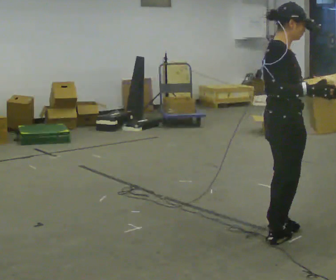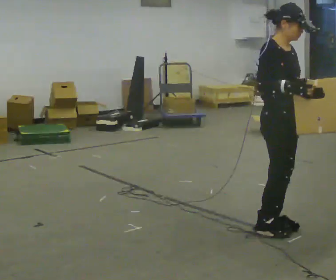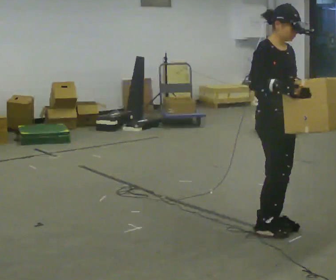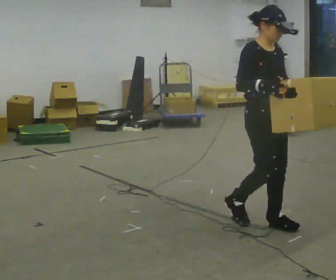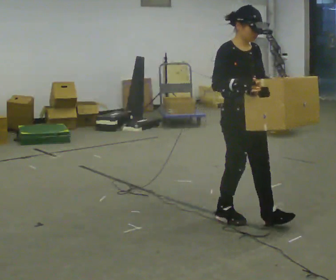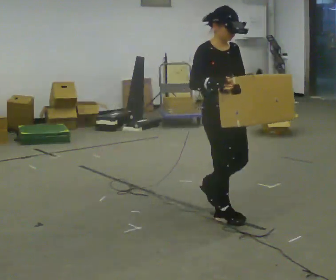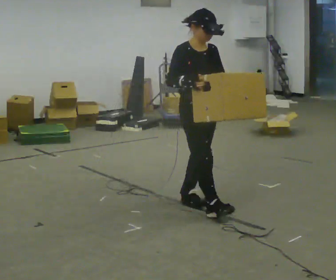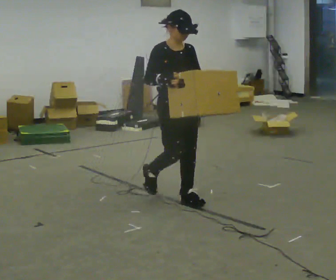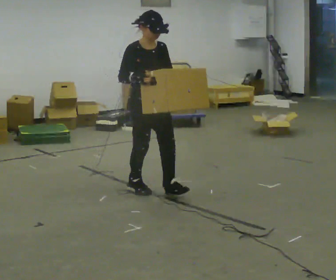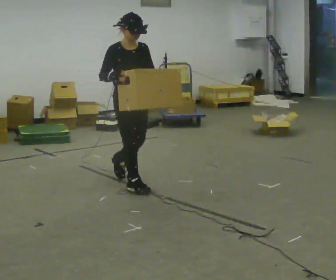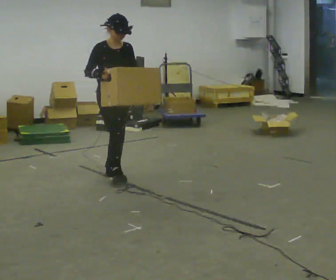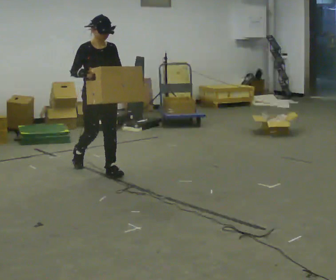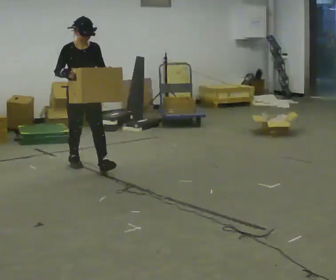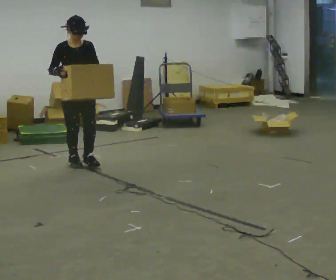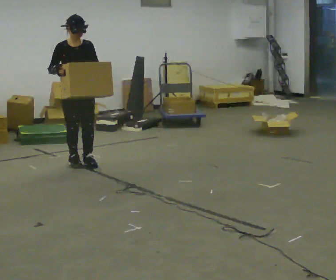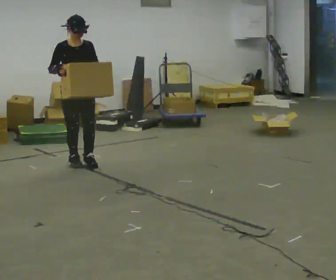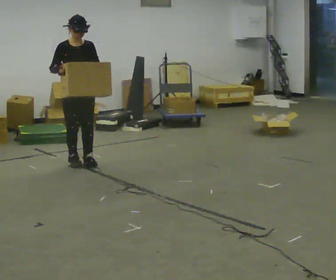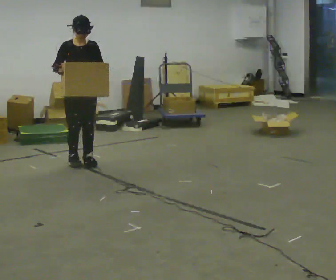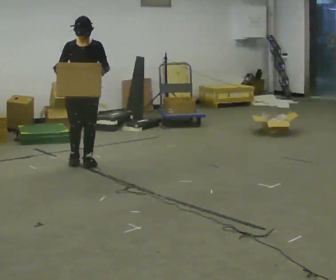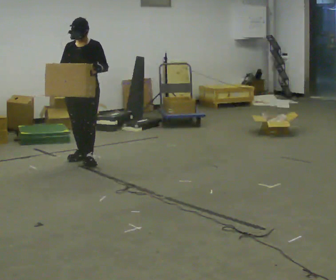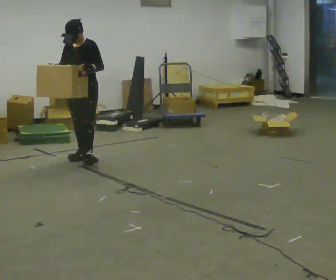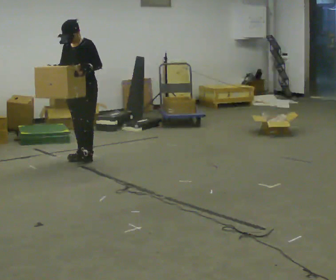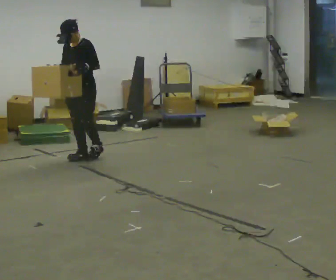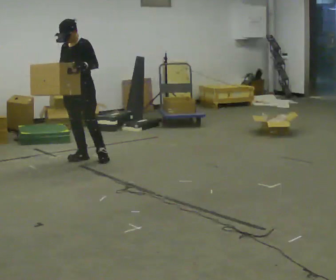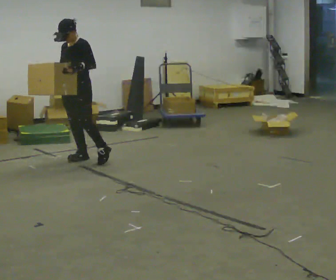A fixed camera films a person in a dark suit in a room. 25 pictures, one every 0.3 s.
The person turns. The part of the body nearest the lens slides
to the left.
The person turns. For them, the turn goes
to their right.
0.0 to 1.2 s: The part of the body nearest the lens slides to the left as the person turns to their right by about 60 degrees. In the picture they go away from the camera, about 0.25 m in 3 steps, which for them is backward.
1.2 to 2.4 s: In the picture they go away from the camera and to the left, about 1 m in 2 steps, which for them is backward.
2.4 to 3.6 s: In the picture they go away from the camera and to the left, about 1 m in 2 steps, which for them is backward.
3.6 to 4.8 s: In the picture they go away from the camera, about 0.25 m, which for them is backward.
4.8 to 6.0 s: The person turns about 45 degrees to their right, clockwise seen from above, so the part of the body nearest the lens slides to the left. In the picture they go away from the camera, about 0.25 m in 1 step, which for them is backward.
6.0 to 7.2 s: The person moves a little, or ends about where they began.
The film runs backward here.
